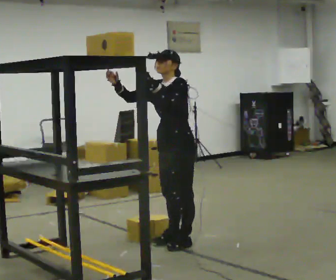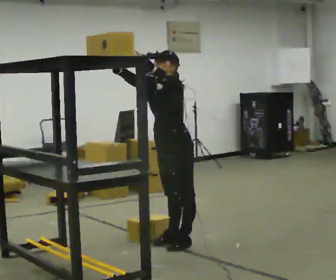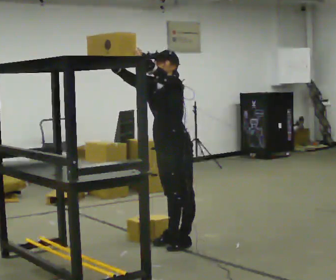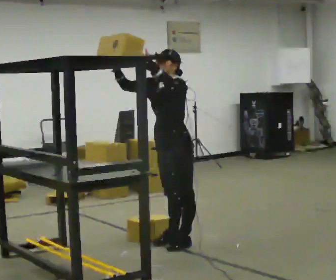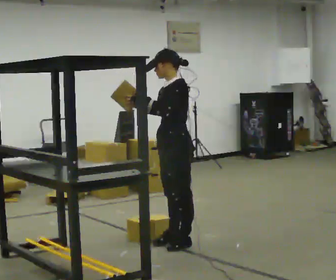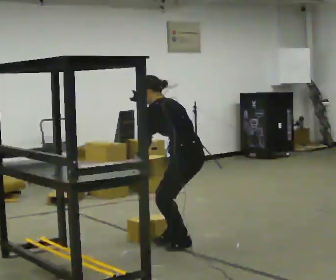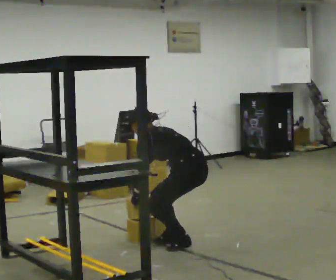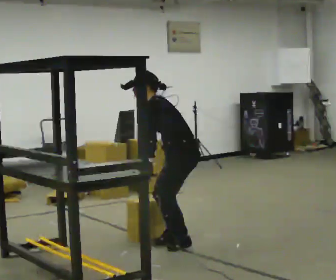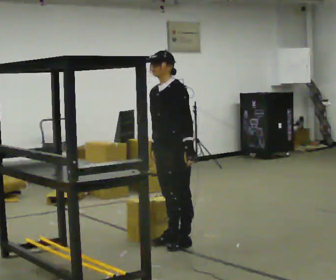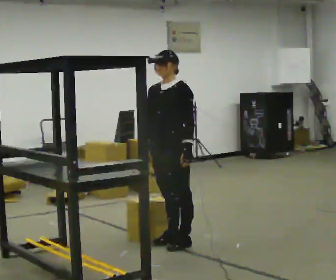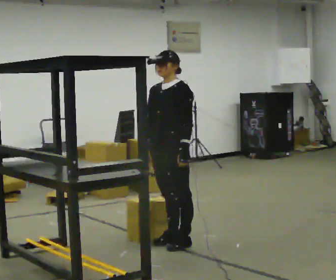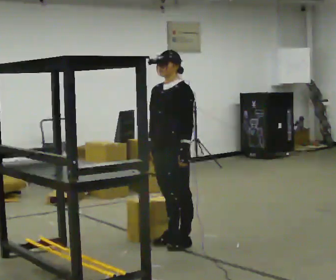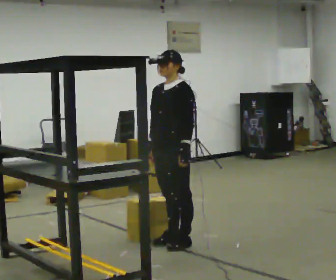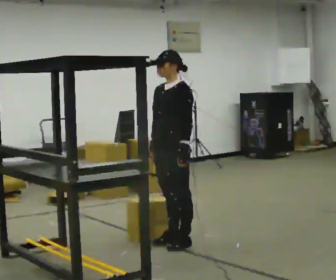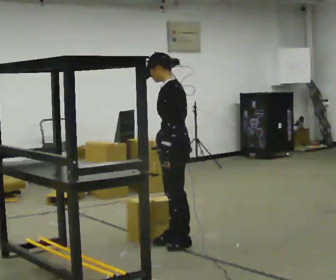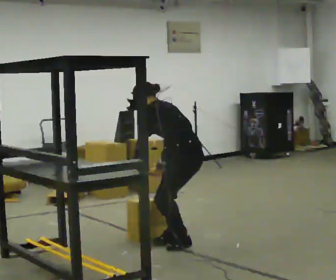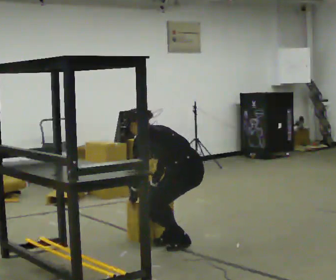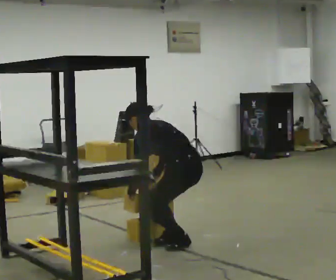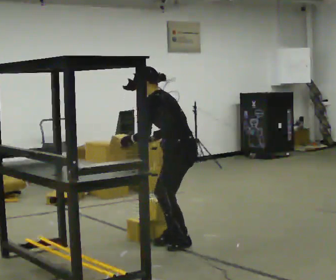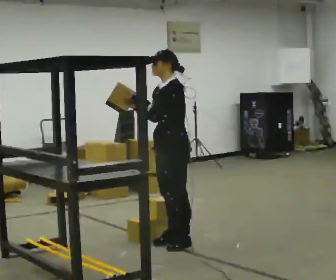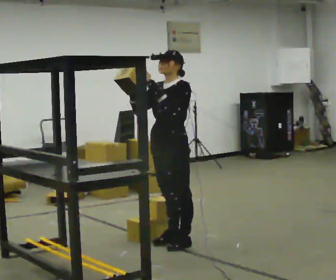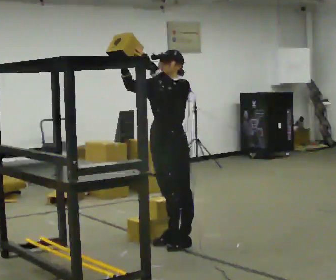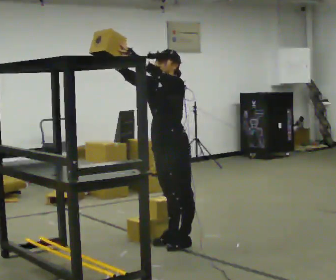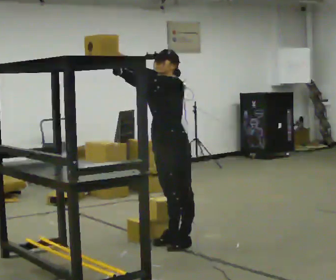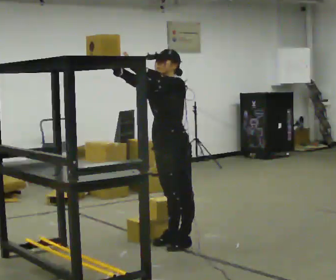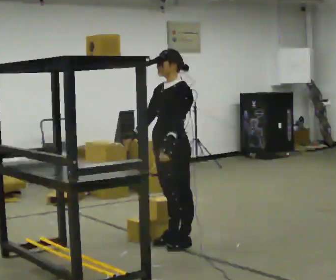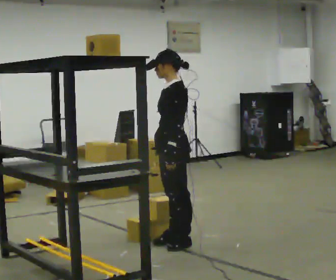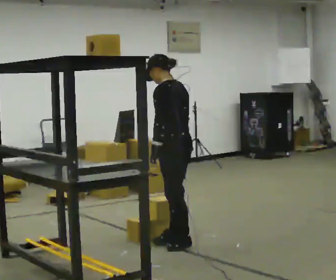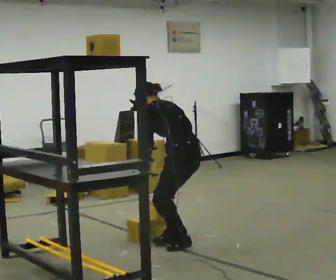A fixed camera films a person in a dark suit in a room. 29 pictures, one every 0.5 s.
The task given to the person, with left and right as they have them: Place the object on the shelf just at the top of your comfortable reach. Repeat at your own pace until the operator says stop. Keep both feet on the marked spots for the whole take. If you have to step, stop and tell the operator.
0.0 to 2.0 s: The part of the body nearest the lens slides to the left as the person turns to their right by about 30 degrees. In the picture their right hand goes downward.
2.0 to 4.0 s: The person turns about 30 degrees to their left, counterclockwise seen from above, so the part of the body nearest the lens slides to the right. In the picture their left hand goes to the right.
4.0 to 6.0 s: The person moves a little, or ends about where they began.
6.0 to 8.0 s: The part of the body nearest the lens slides to the left as the person turns to their right by about 60 degrees. The upper body goes downward. In the picture the upper body tilts counterclockwise, shoulders to the left, as they bend forward. In the picture their left hand goes to the left and downward.
8.0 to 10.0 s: The part of the body nearest the lens slides to the right as the person turns to their left by about 75 degrees. The upper body goes upward. In the picture the upper body tilts clockwise, shoulders to the right, as they lean back or straighten. In the picture their right hand goes upward.
10.0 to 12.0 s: The person moves a little, or ends about where they began.
12.0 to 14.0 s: Seen from above the body turns clockwise, about 60 degrees: to their right, with its near side sliding to the left. The upper body goes downward. The upper body tips away from the camera, its near side rolling upward, as they bend forward. In the picture their right hand goes downward and to the right, the arm swinging counterclockwise.
The film runs forward here.
